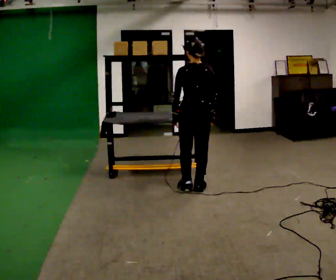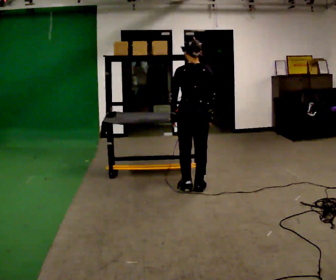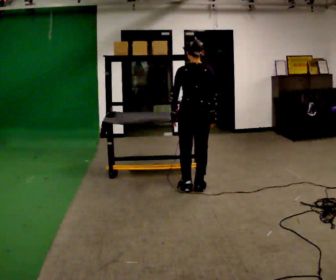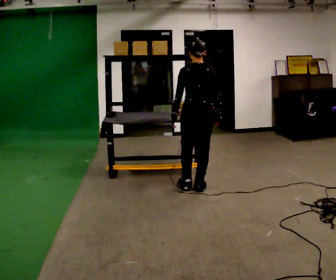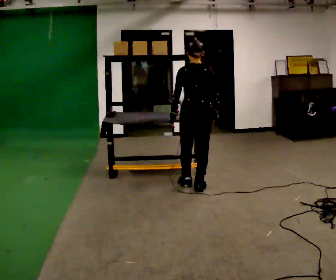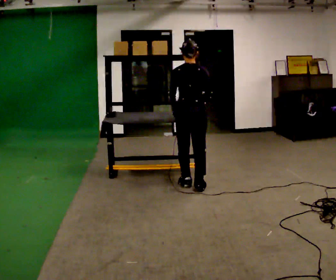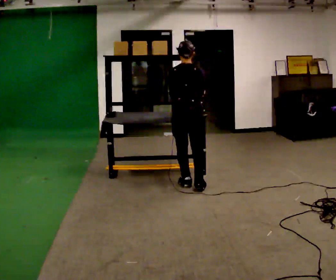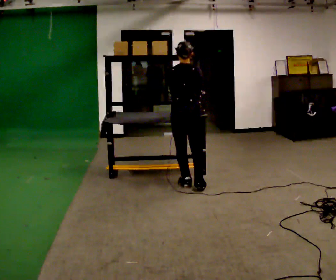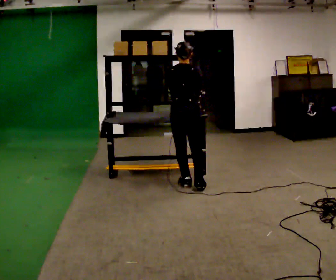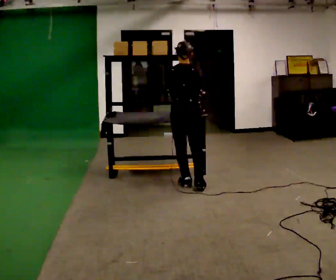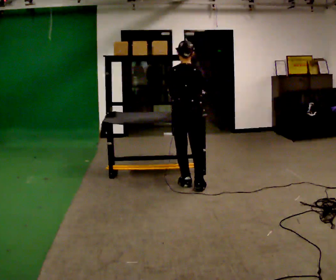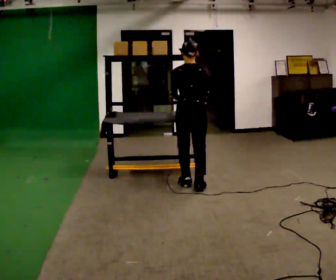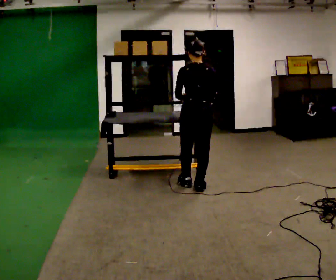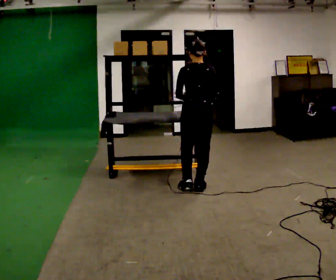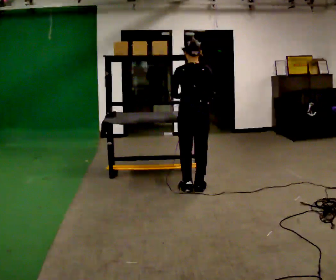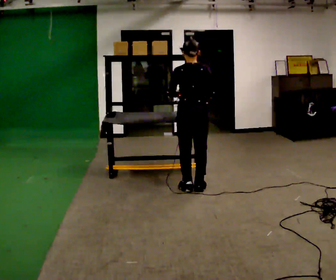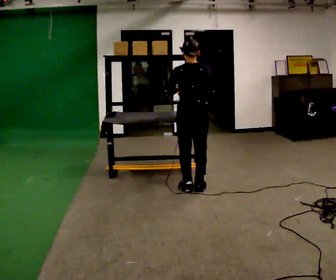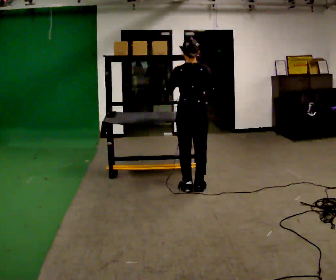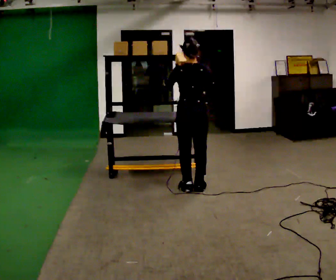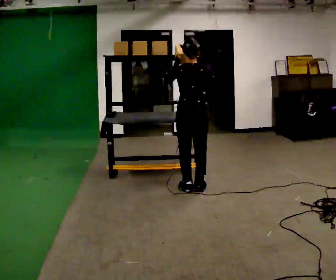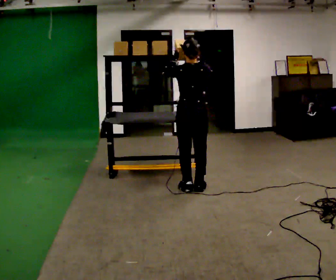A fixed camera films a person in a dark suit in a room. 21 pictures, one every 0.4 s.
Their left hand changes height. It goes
upward.
Their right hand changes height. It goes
upward.
0.0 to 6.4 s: The person moves a little, or ends about where they began.
6.4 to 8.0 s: In the picture their right hand goes upward.
The film runs backward here.
